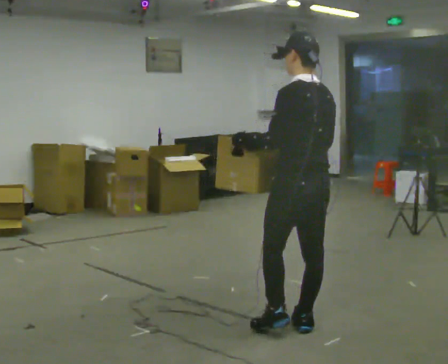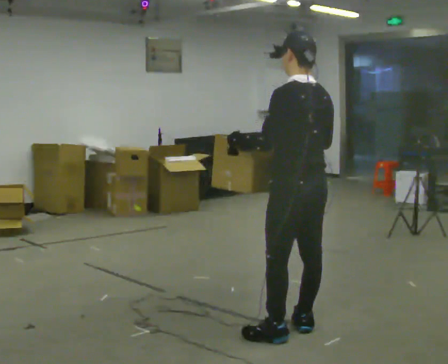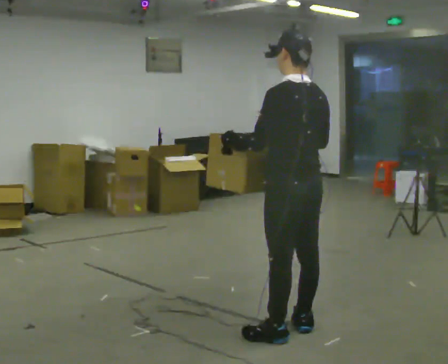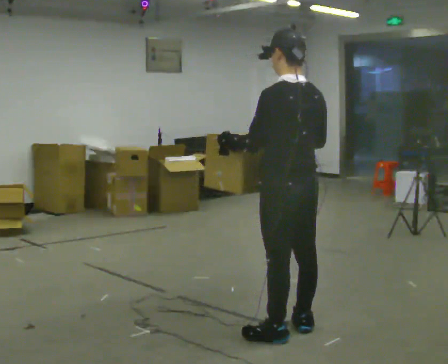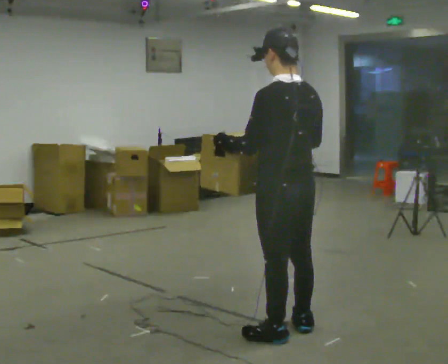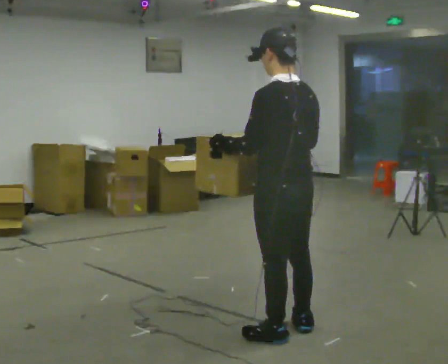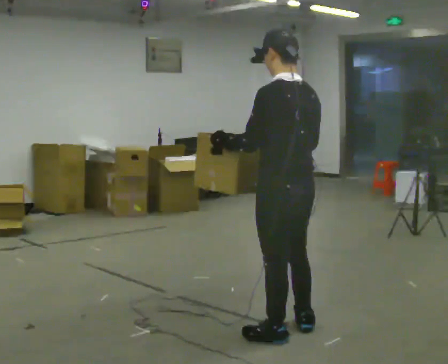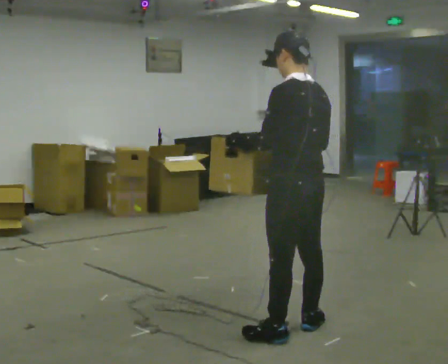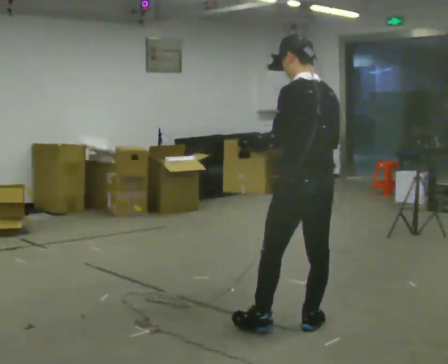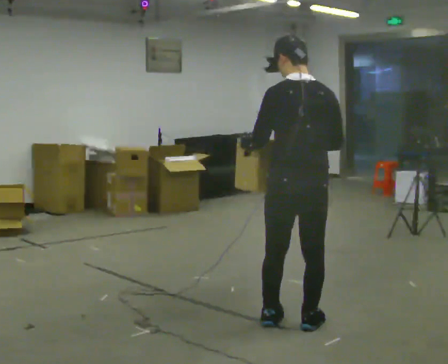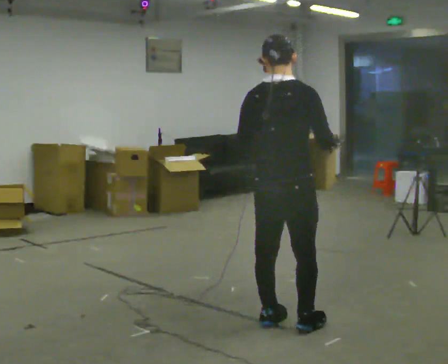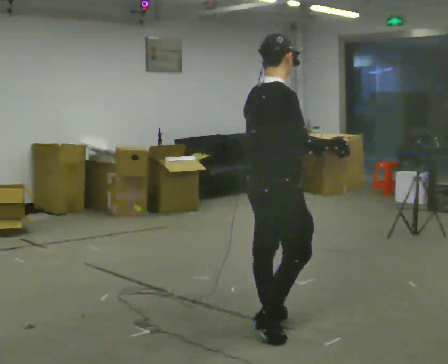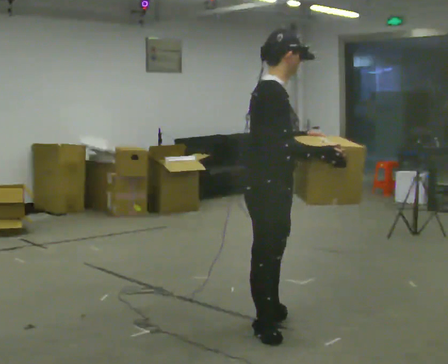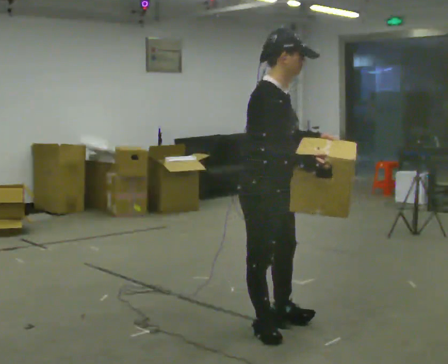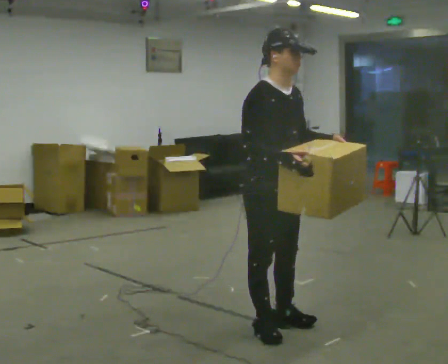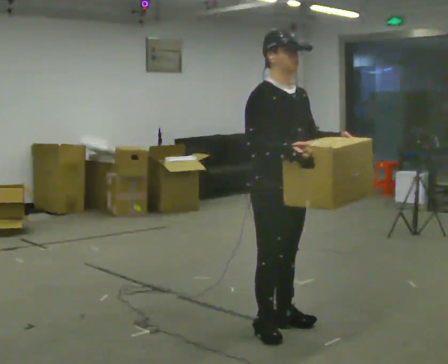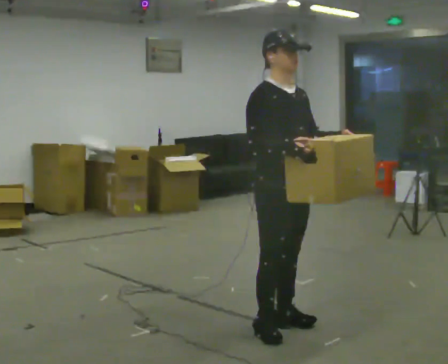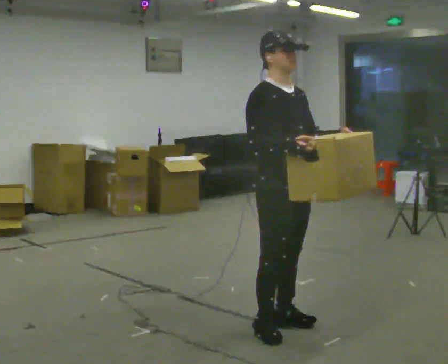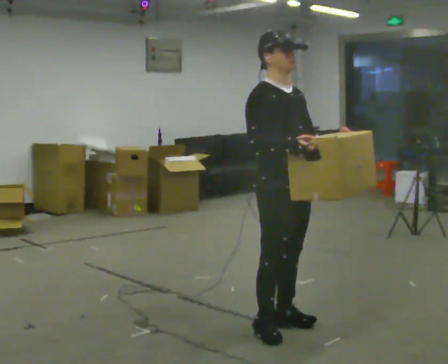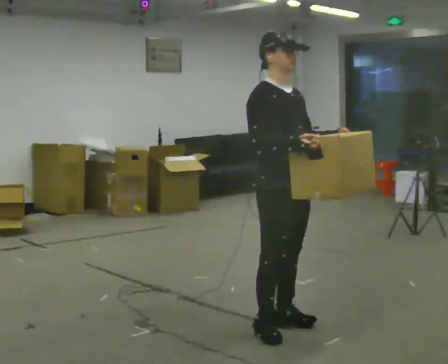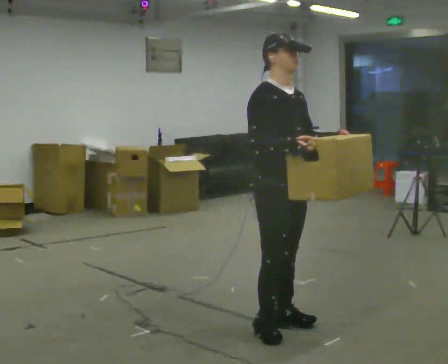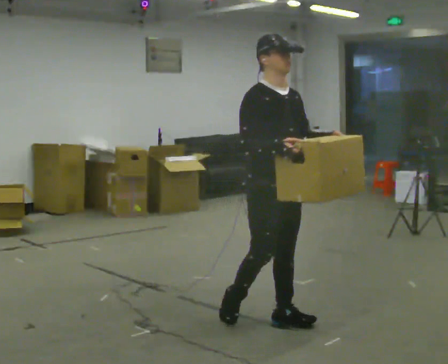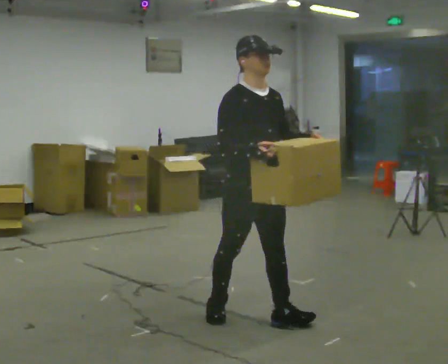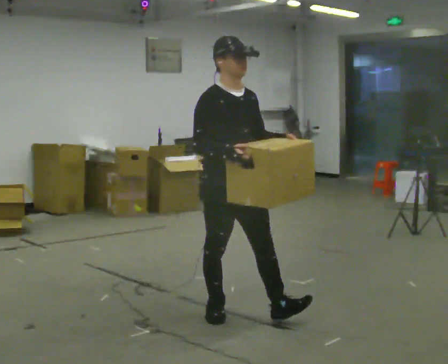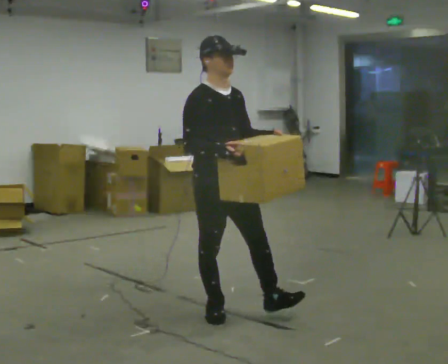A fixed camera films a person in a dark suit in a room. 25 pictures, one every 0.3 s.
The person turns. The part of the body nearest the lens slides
to the left.
The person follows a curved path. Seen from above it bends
clockwise.
0.0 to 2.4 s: The person moves a little, or ends about where they began.
2.4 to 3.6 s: The part of the body nearest the lens slides to the left as the person turns to their right by about 120 degrees. In the picture they go to the left, about 0.25 m in 1 step.
3.6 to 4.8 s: The part of the body nearest the lens slides to the left as the person turns to their right by about 45 degrees.
4.8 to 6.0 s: The person moves a little, or ends about where they began.
6.0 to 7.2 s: In the picture they go to the left and away from the camera, about 0.5 m in 2 steps, which for them is backward and to their right.
The film runs backward here.
